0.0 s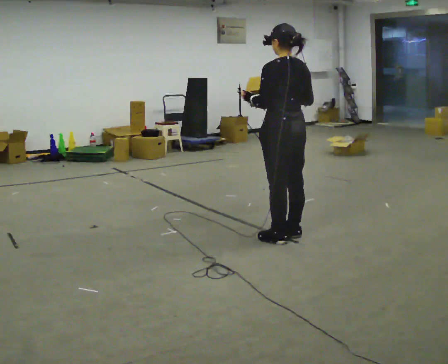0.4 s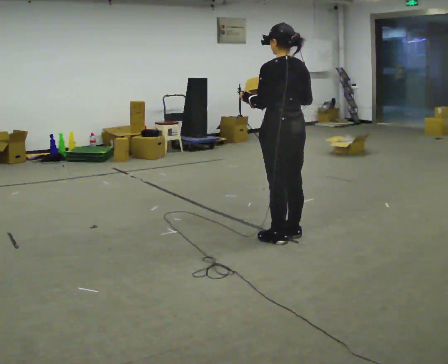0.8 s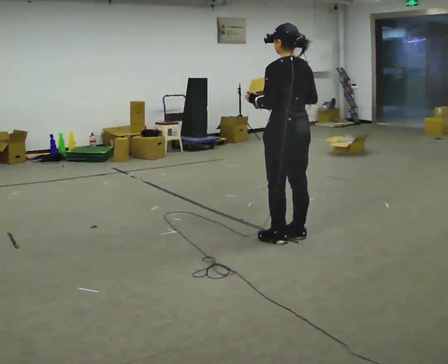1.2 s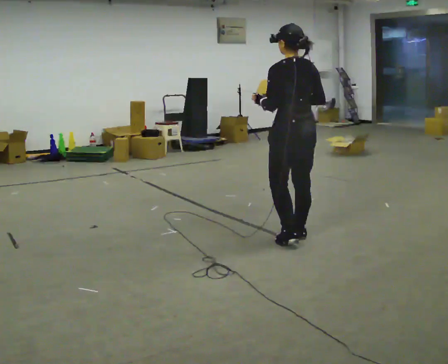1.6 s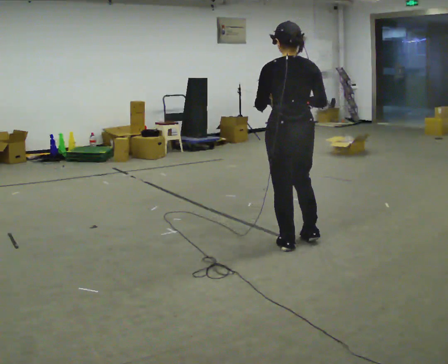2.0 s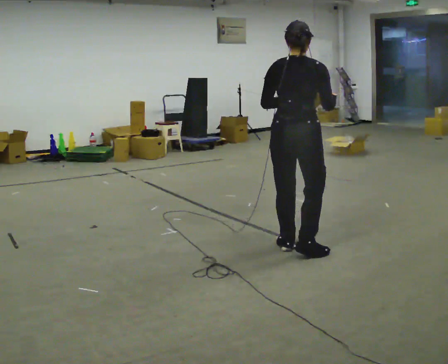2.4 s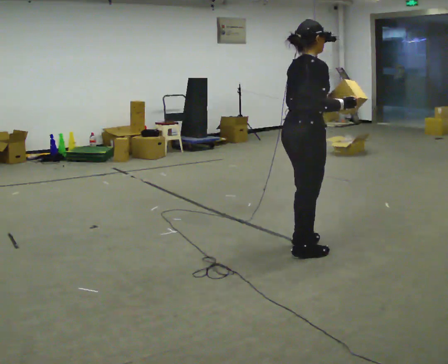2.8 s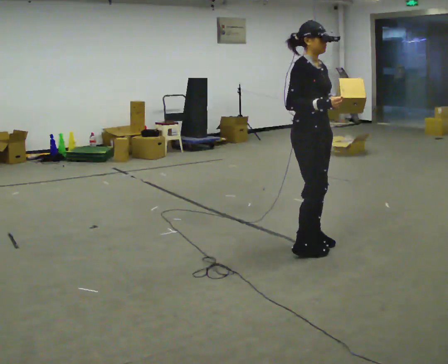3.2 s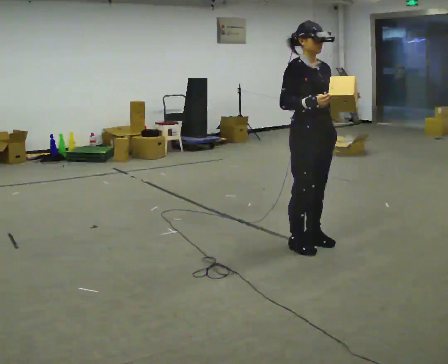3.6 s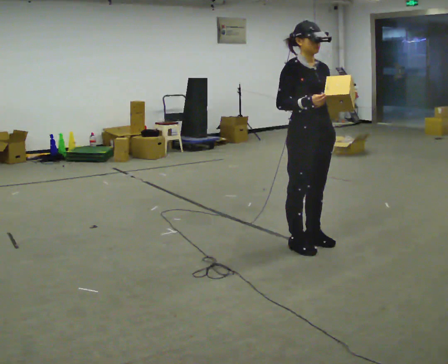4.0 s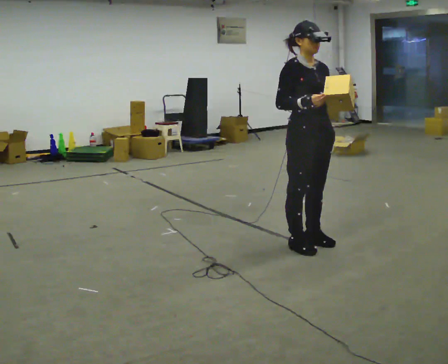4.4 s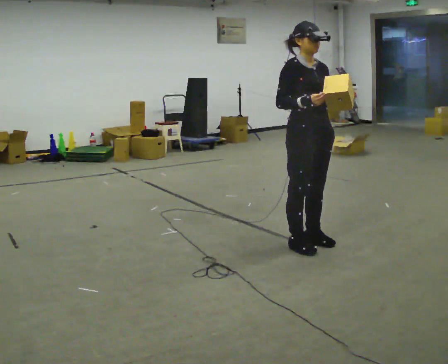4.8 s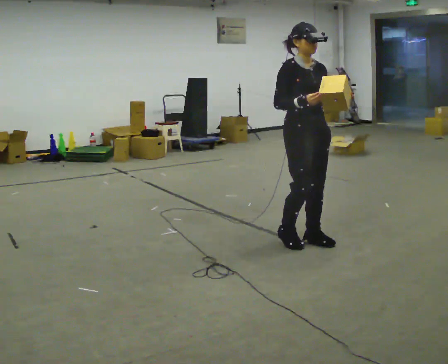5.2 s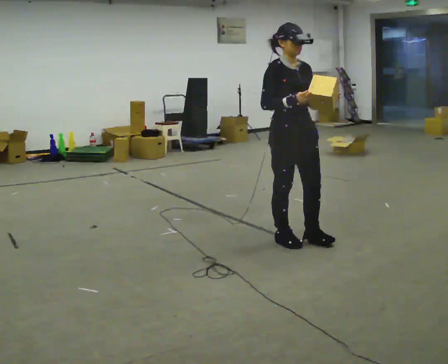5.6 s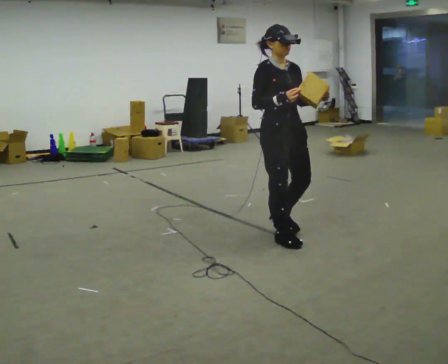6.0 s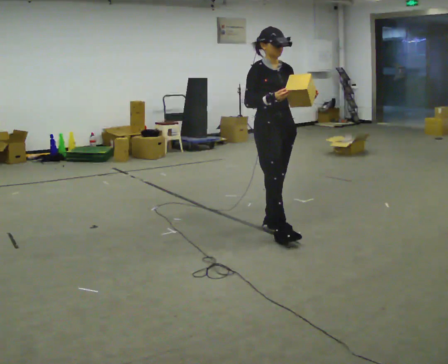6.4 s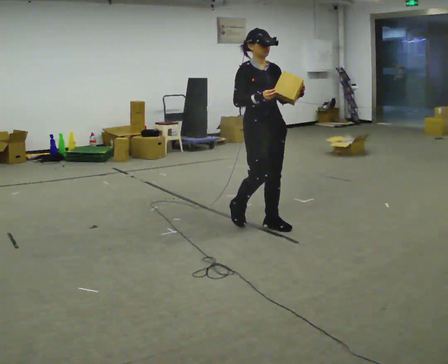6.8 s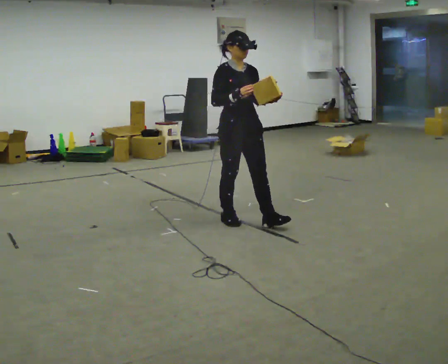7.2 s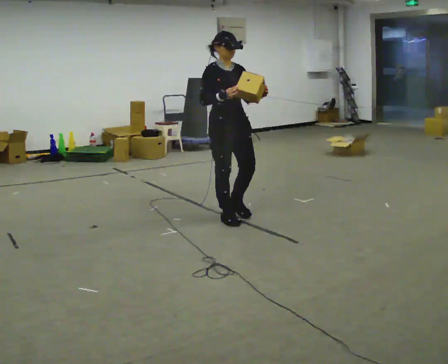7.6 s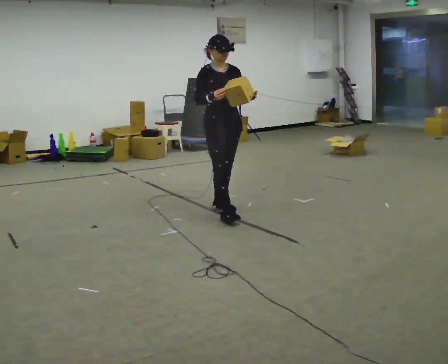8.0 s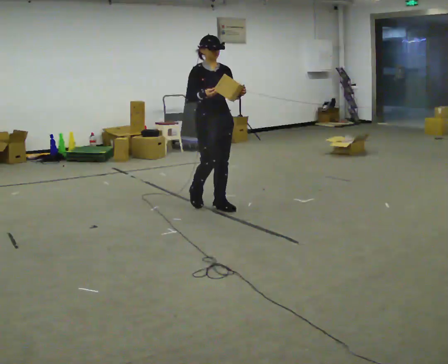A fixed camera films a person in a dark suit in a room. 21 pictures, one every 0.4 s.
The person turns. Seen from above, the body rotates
clockwise.
The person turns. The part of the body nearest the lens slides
to the left.
0.0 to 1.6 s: The person moves a little, or ends about where they began.
1.6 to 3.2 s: The part of the body nearest the lens slides to the left as the person turns to their right by about 150 degrees.
3.2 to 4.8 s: The person moves a little, or ends about where they began.
4.8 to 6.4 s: In the picture they go to the left and away from the camera, about 0.5 m in 2 steps, which for them is backward.
6.4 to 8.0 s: In the picture they go to the left and away from the camera, about 0.5 m in 2 steps, which for them is backward.
The film runs backward here.
